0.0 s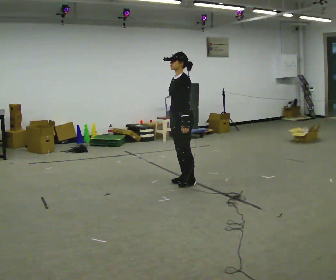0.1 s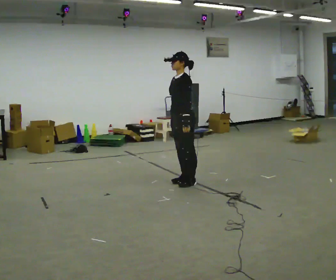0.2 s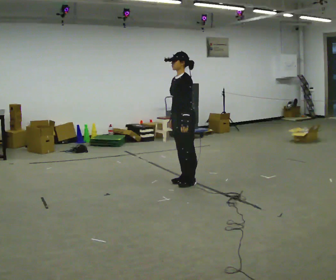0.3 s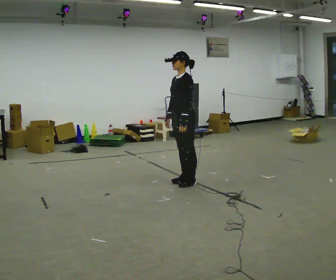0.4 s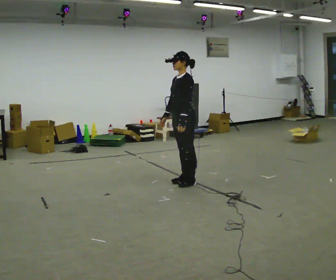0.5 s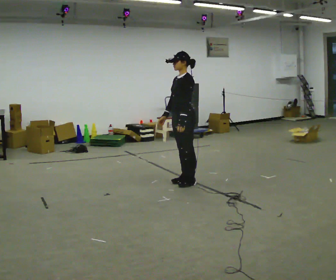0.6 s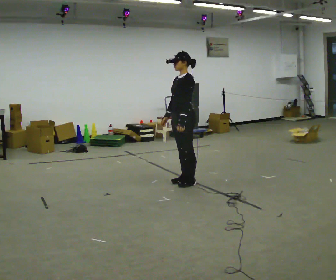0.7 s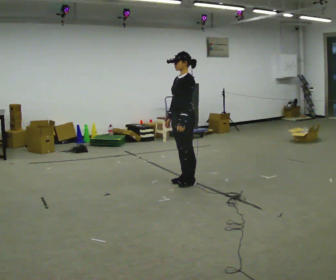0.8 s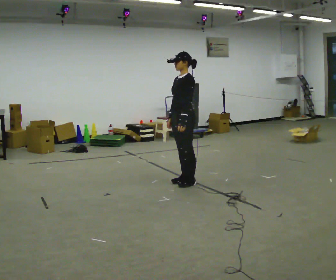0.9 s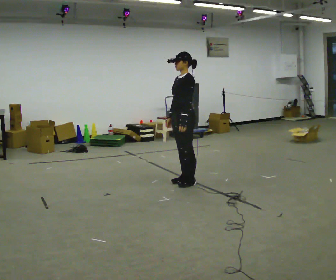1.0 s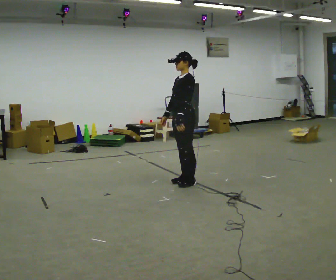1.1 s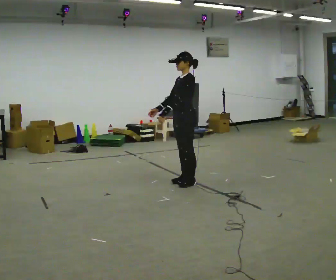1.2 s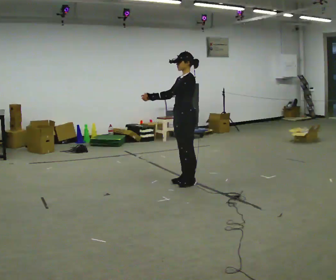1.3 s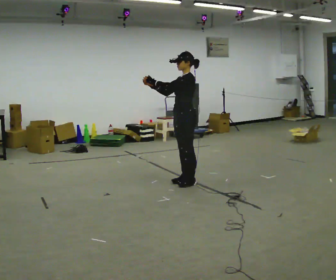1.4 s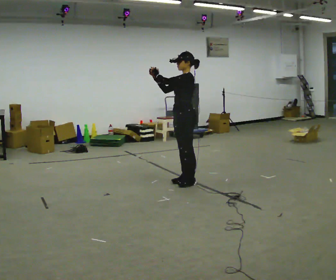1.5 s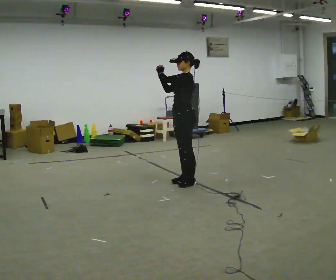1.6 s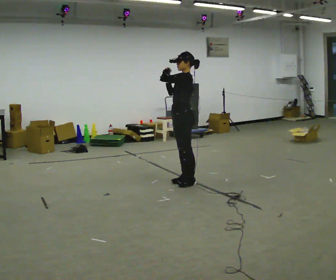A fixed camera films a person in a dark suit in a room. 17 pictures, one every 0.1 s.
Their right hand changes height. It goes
upward.
Their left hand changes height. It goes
upward.
0.0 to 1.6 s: In the picture their left hand goes upward.
The film runs forward here.
